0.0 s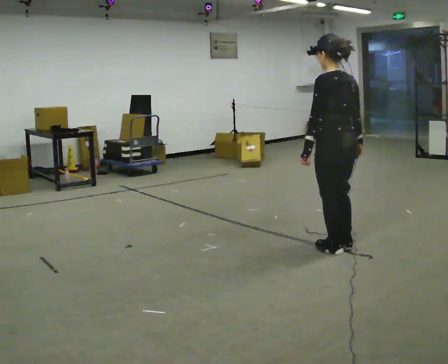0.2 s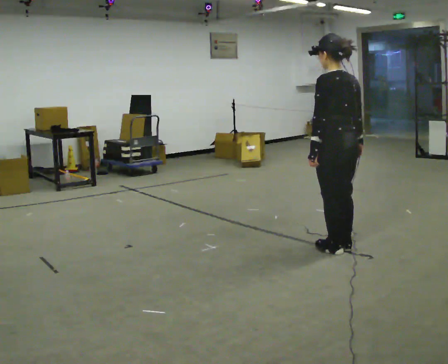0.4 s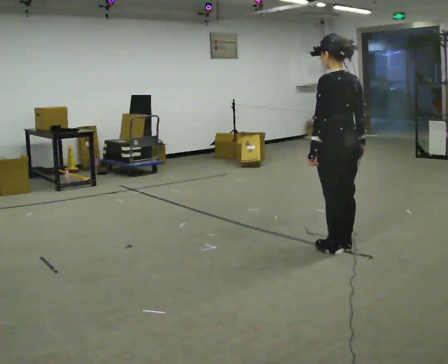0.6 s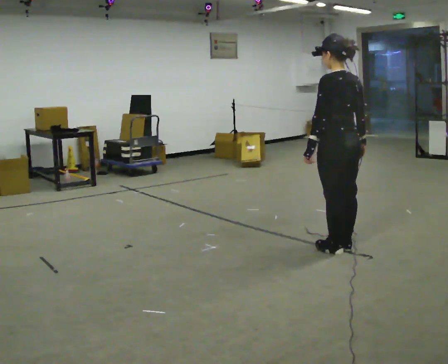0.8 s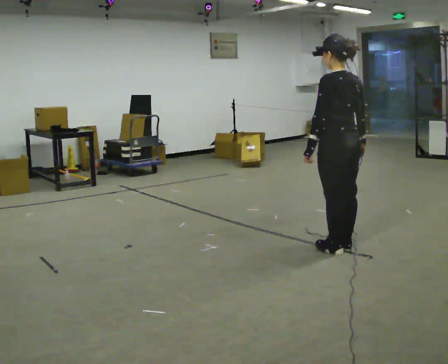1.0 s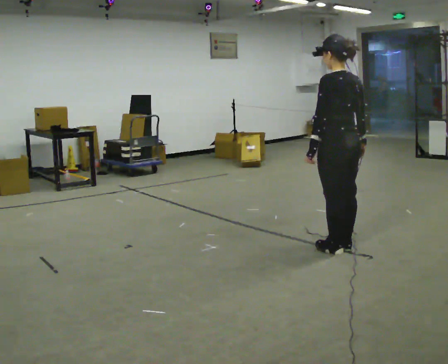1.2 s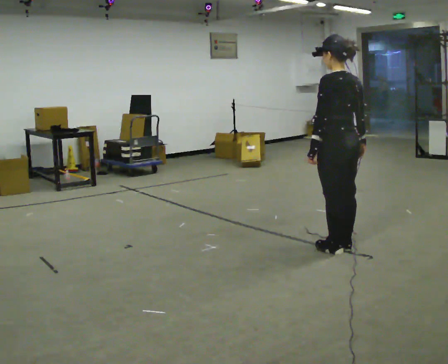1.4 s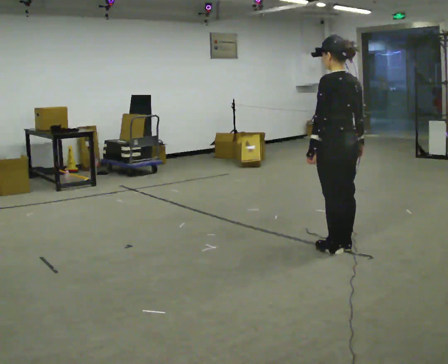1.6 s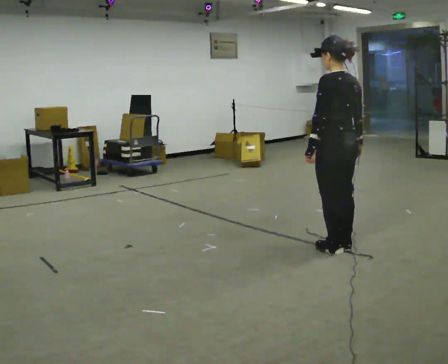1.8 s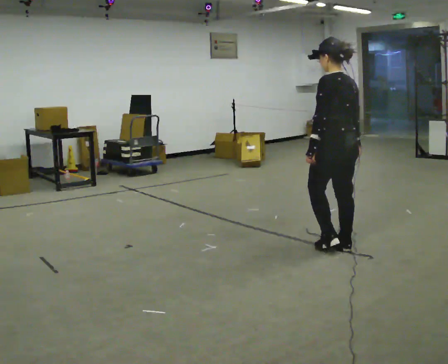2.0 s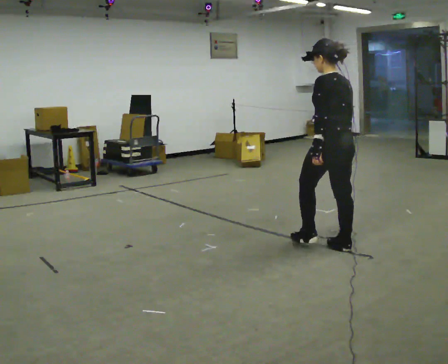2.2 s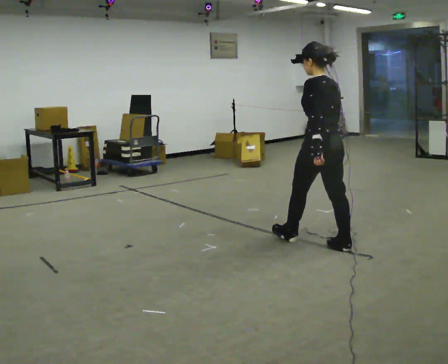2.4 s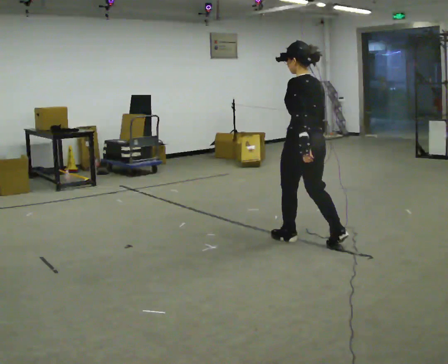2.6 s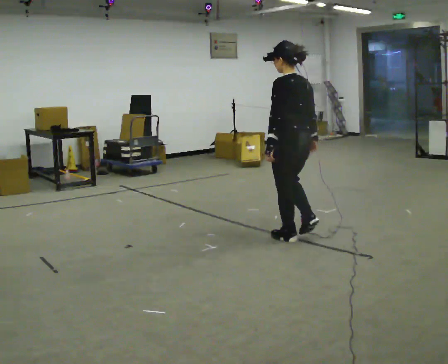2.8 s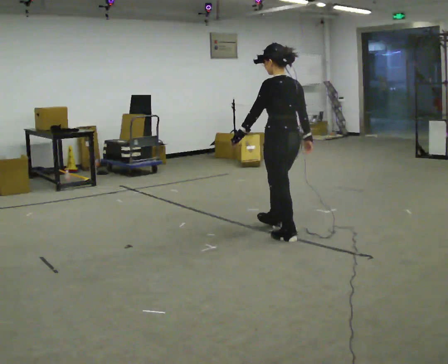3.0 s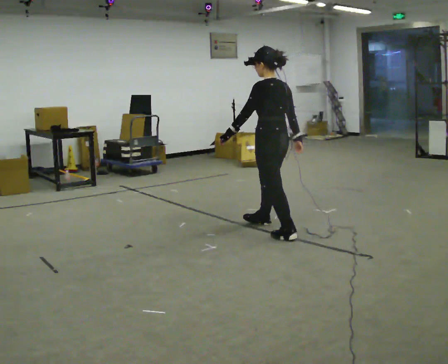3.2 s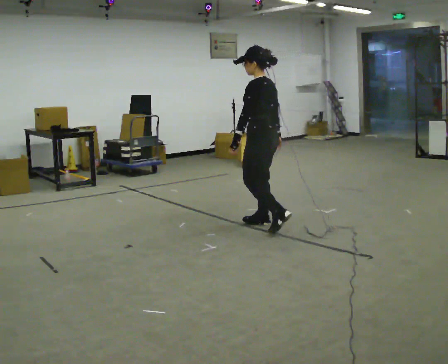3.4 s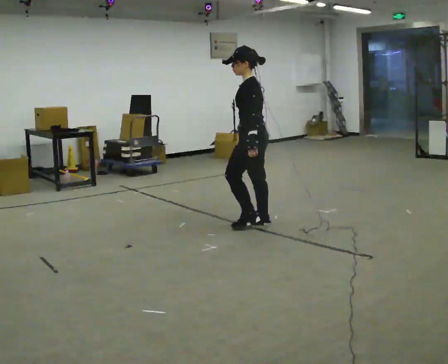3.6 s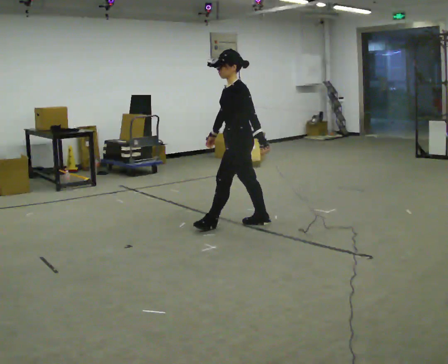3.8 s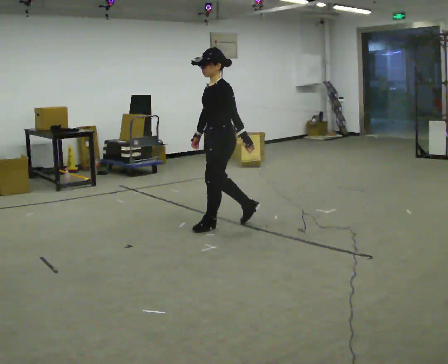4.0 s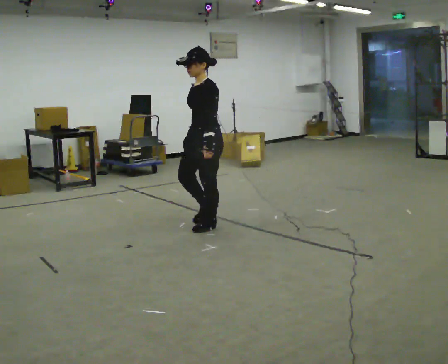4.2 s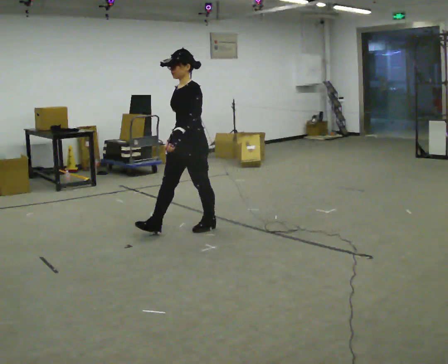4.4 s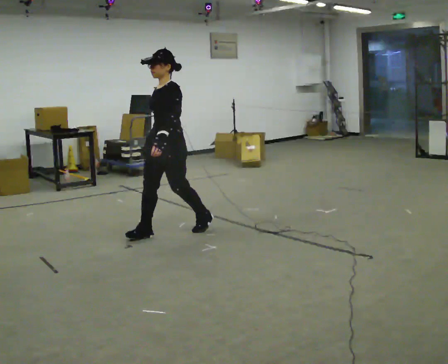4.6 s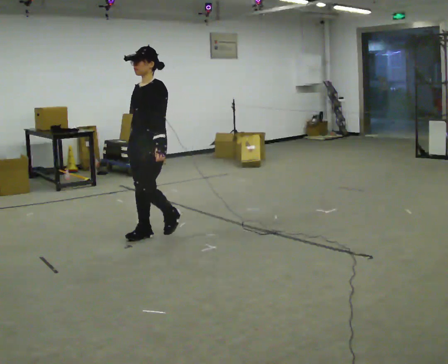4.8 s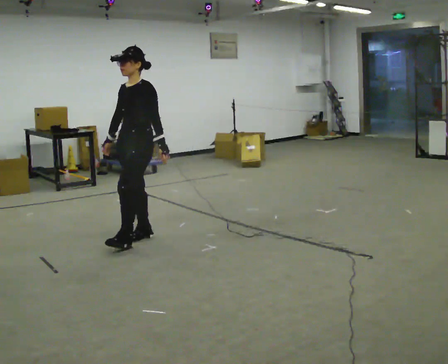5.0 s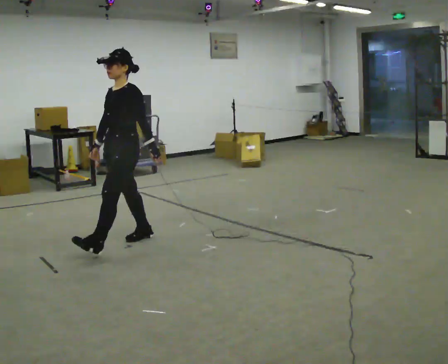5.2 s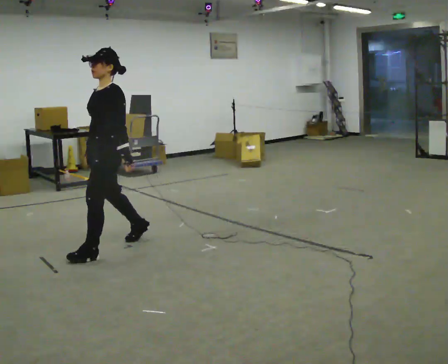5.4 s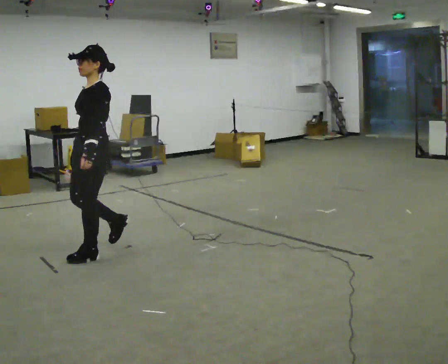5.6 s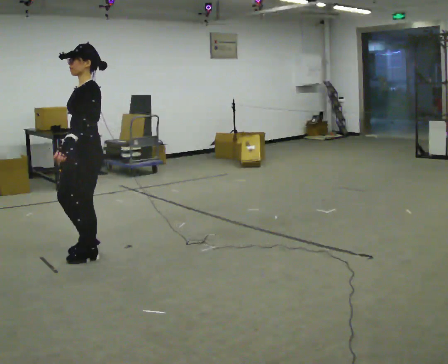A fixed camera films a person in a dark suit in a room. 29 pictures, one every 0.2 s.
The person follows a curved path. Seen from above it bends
counterclockwise.
The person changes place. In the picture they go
to the left.
0.0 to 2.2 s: In the picture they go away from the camera, about 0.25 m in 1 step, which for them is forward.
2.2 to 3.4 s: Seen from above the body turns counterclockwise, about 45 degrees: to their left, with its near side sliding to the right. In the picture they go away from the camera and to the left, about 1 m in 1 step, which for them is forward.
3.4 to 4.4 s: Seen from above the body turns counterclockwise, about 45 degrees: to their left, with its near side sliding to the right. In the picture they go to the left, about 1 m in 2 steps, which for them is forward.
4.4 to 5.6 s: In the picture they go toward the camera and to the left, about 1 m in 1 step, which for them is forward.
The film runs forward here.
